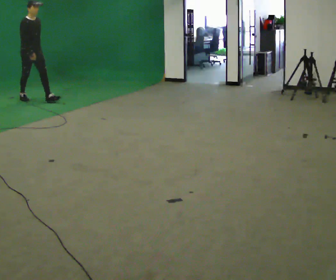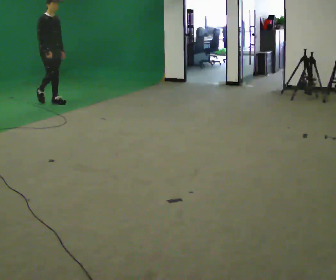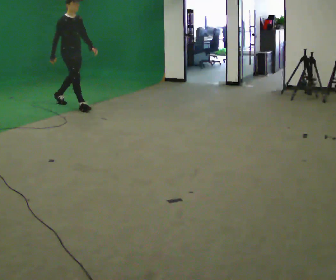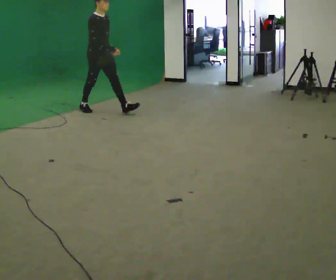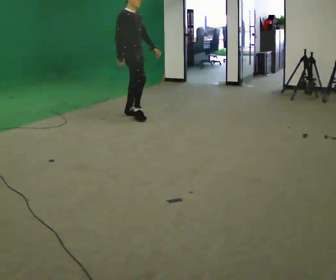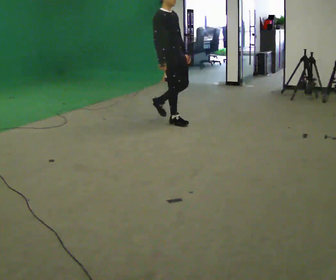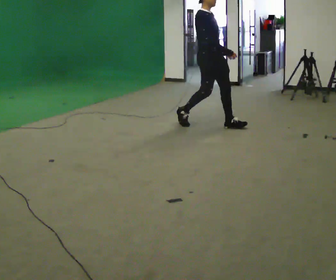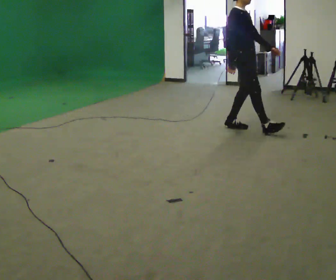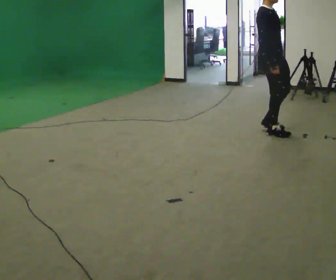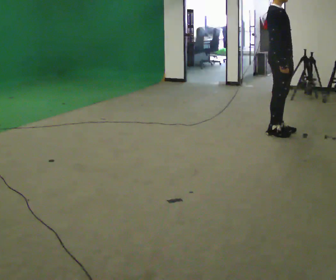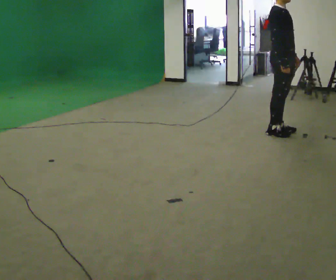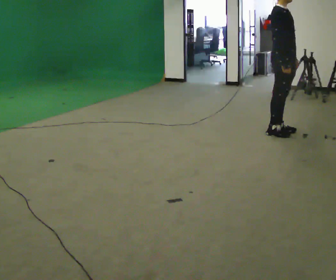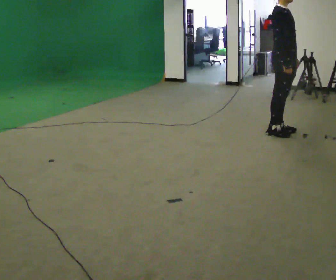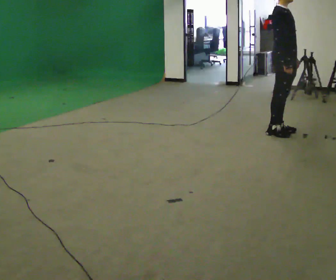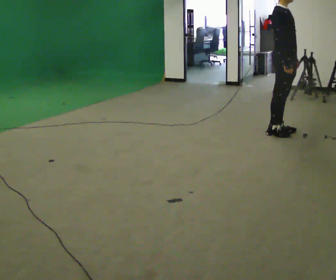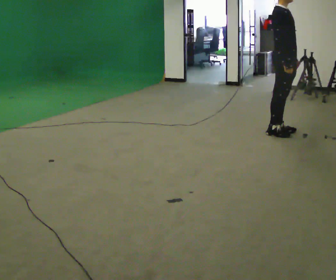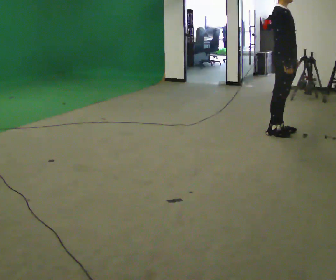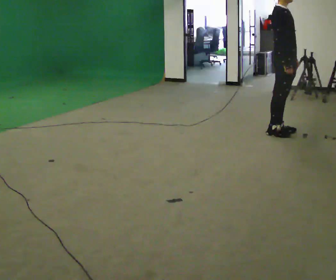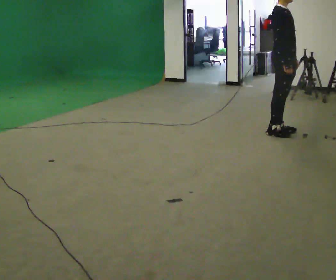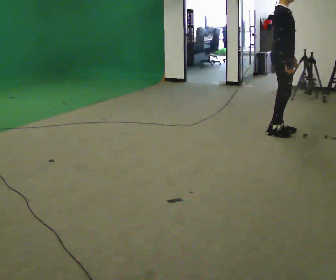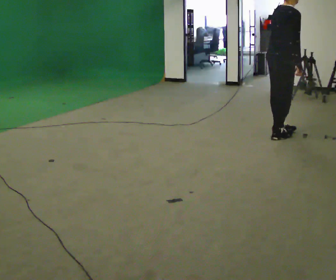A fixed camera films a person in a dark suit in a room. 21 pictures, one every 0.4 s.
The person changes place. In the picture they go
to the right.
0.0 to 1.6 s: In the picture they go to the right, about 2 m in 3 steps, which for them is forward.
1.6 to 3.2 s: In the picture they go to the right, about 2 m in 3 steps, which for them is forward.
3.2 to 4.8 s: In the picture they go to the right, about 0.25 m in 1 step, which for them is forward.
4.8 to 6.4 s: The person keeps their place and pose.
6.4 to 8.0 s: The person turns about 45 degrees to their left, counterclockwise seen from above, so the part of the body nearest the lens slides to the right. In the picture the upper body tilts clockwise, shoulders to the right, as they bend forward.
The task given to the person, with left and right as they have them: Walk normally; at marked point stop as quickly as comfortably possible; remain still.
The film runs forward here.
